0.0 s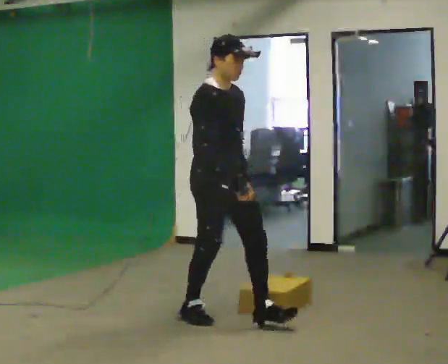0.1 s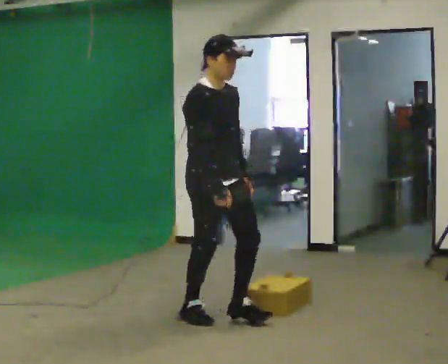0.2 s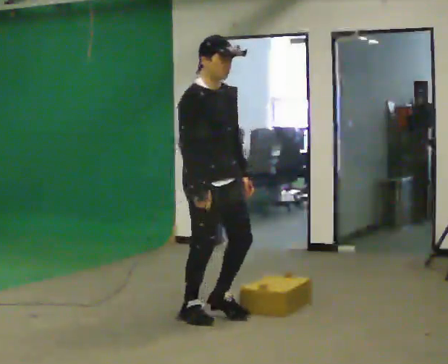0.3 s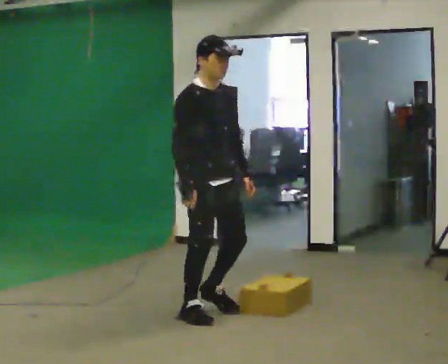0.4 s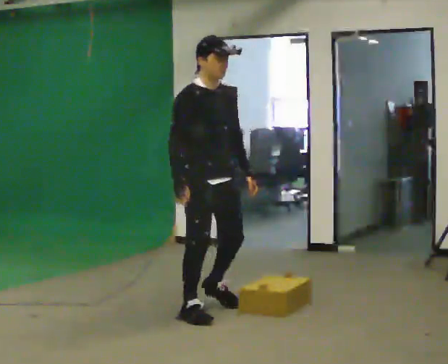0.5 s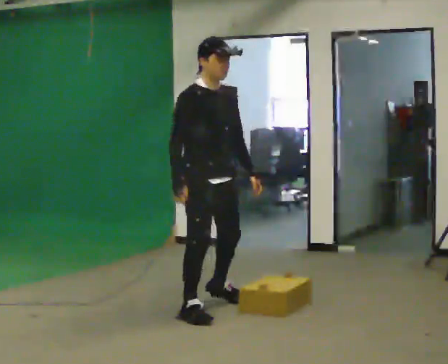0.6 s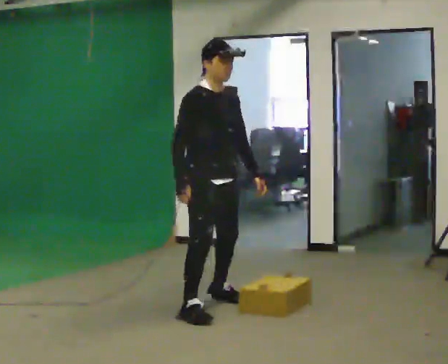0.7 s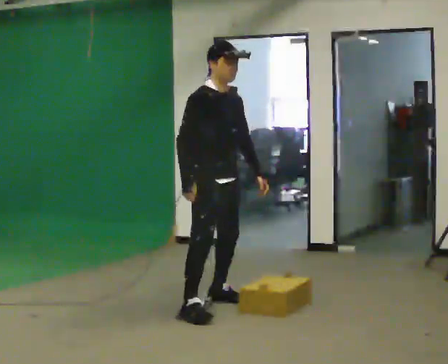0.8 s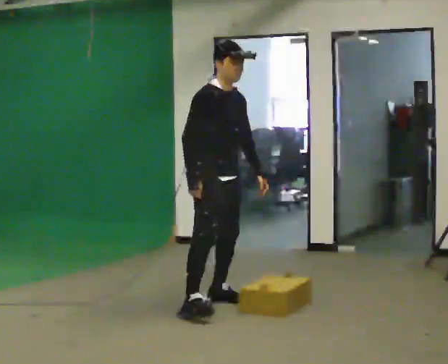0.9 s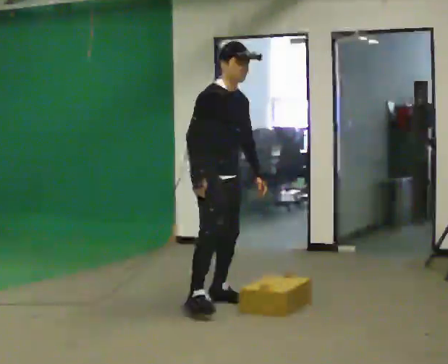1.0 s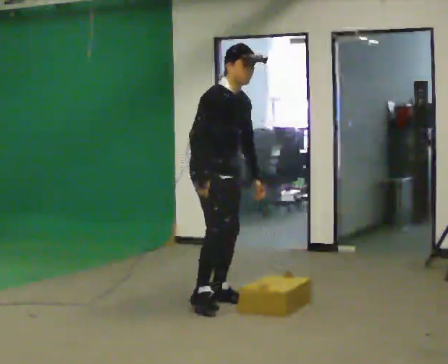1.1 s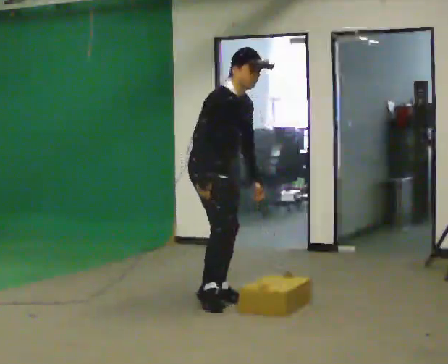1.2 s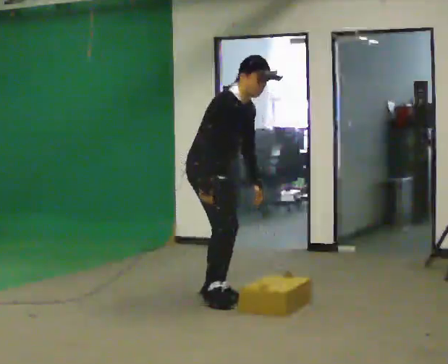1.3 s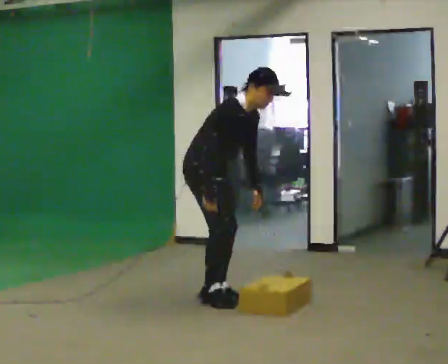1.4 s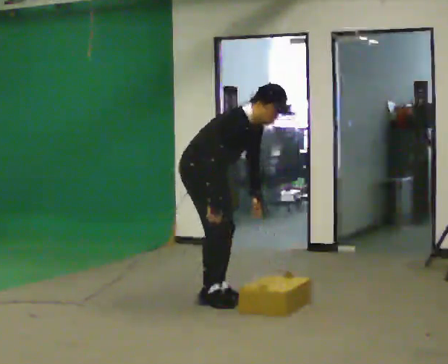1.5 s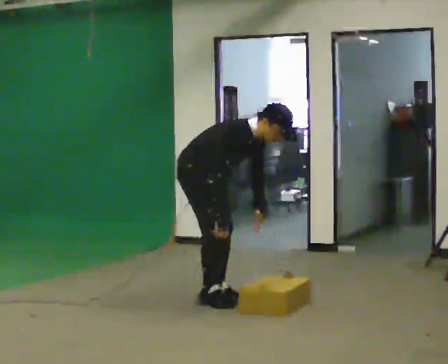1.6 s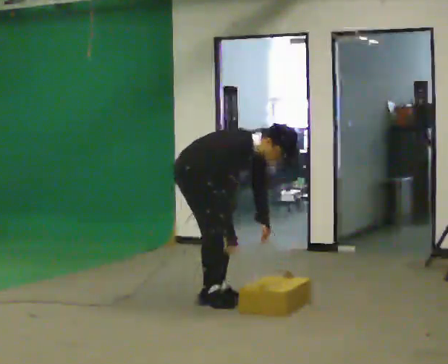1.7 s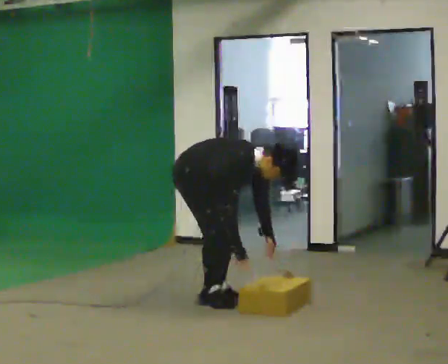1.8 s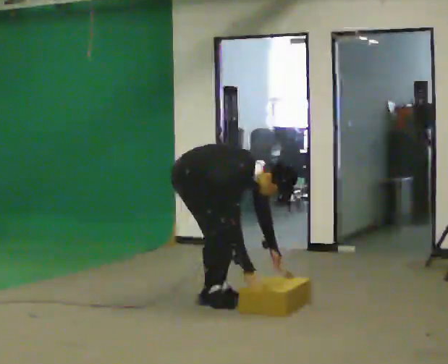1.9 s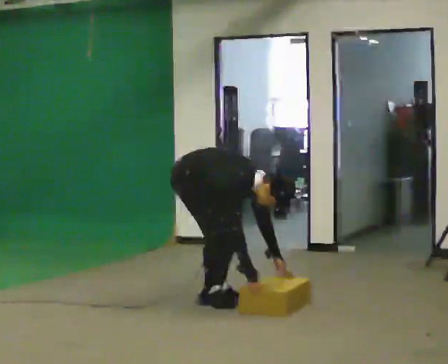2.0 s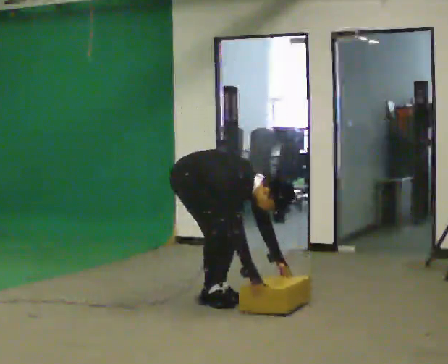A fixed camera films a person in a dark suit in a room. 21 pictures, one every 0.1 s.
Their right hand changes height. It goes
downward.
The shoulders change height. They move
downward.
0.0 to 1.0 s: In the picture they go away from the camera, about 0.5 m in 1 step, which for them is to their left and backward. In the picture the upper body tilts clockwise, shoulders to the right.
1.0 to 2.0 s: The shoulders move downward. In the picture the upper body tilts clockwise, shoulders to the right, as they bend forward. In the picture their right hand goes downward and to the right.
The film runs backward here.
